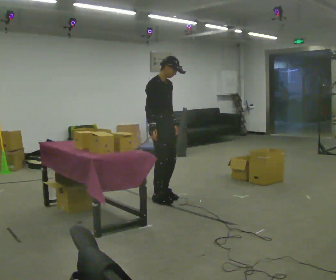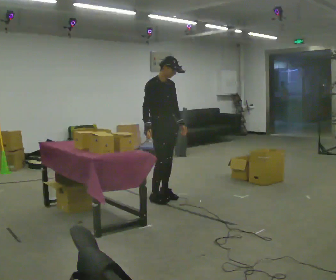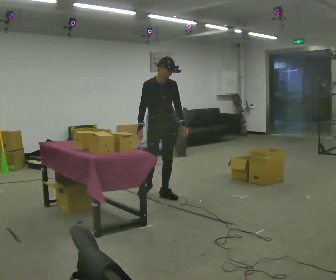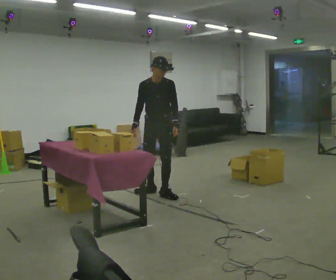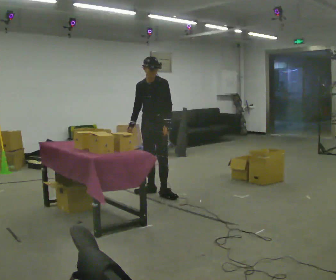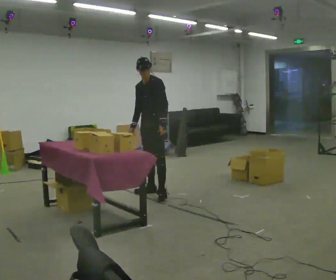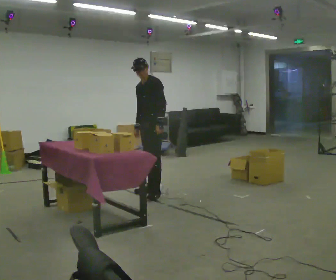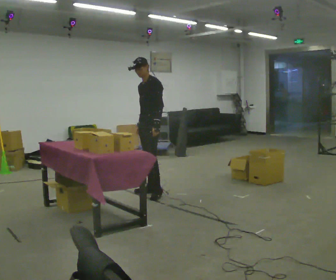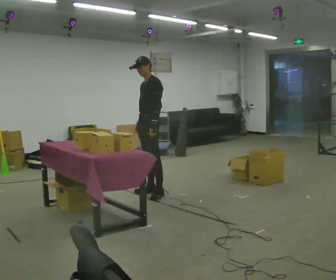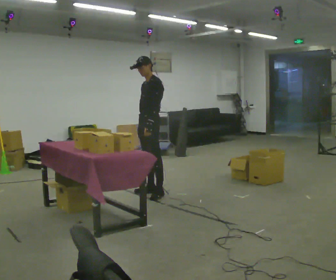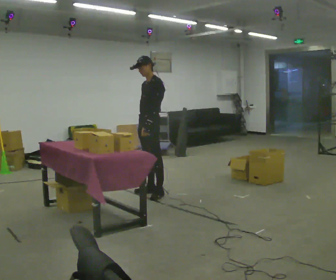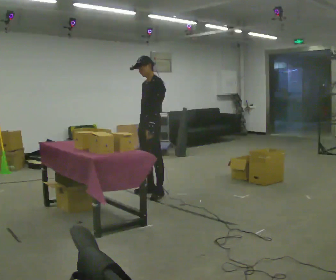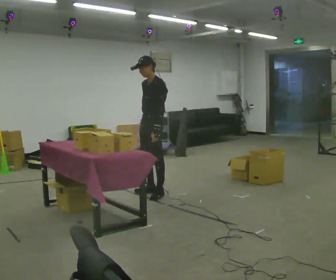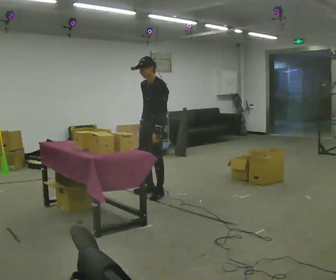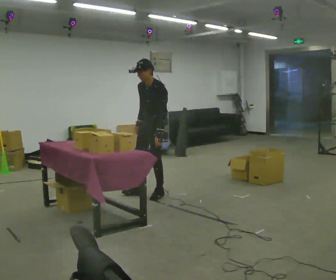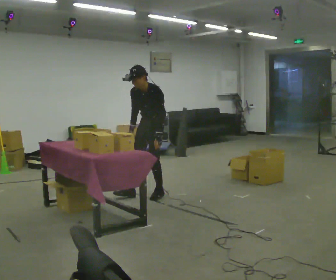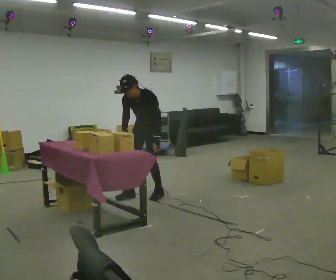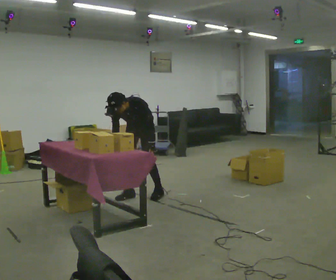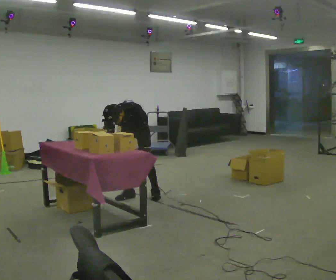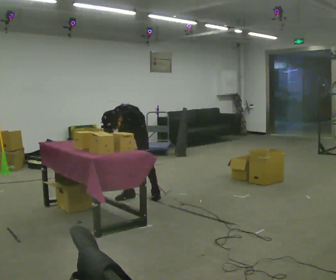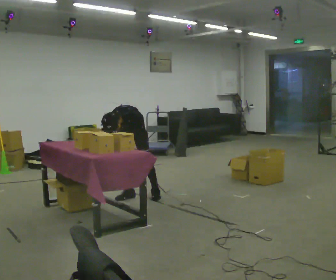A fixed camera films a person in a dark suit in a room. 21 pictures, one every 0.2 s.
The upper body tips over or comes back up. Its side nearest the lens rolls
downward.
The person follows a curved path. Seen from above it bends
counterclockwise.
0.0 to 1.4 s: The person turns about 105 degrees to their right, clockwise seen from above, so the part of the body nearest the lens slides to the left. In the picture they go away from the camera, about 0.25 m in 1 step.
1.4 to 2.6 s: In the picture they go toward the camera, about 0.25 m in 1 step, which for them is to their left.
2.6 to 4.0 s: The part of the body nearest the lens slides to the right as the person turns to their left by about 45 degrees. In the picture they go to the left, about 0.25 m, which for them is to their right. The upper body goes downward. The upper body tips toward the camera, its near side rolling downward, as they bend forward.
The film runs backward here.
